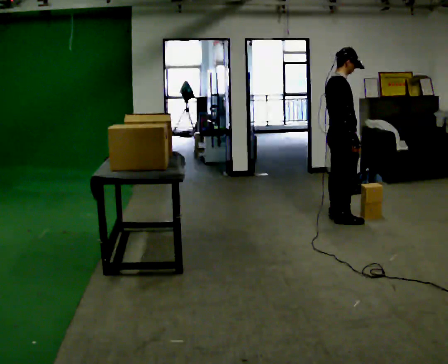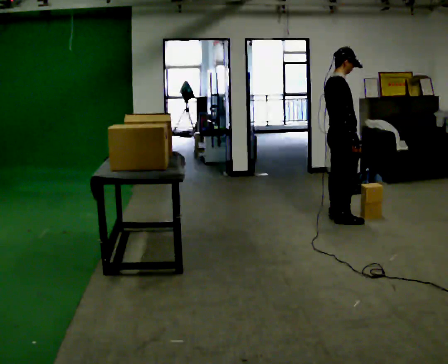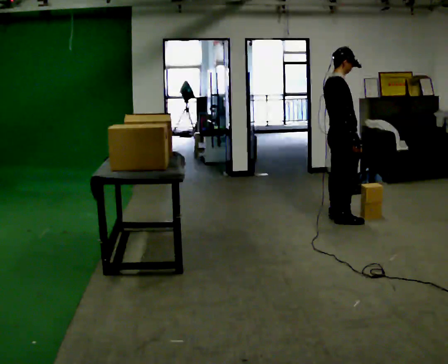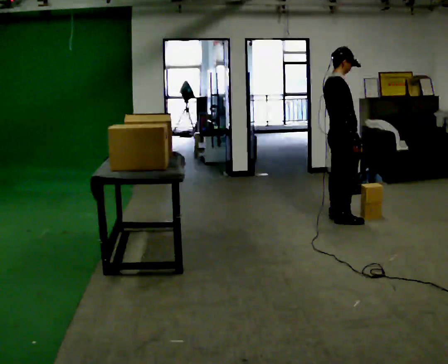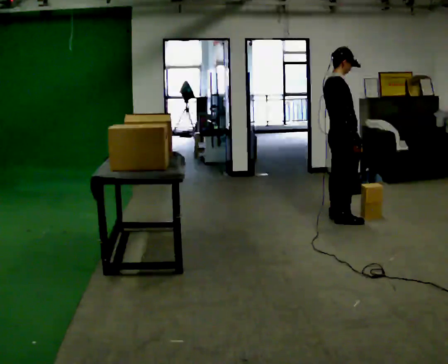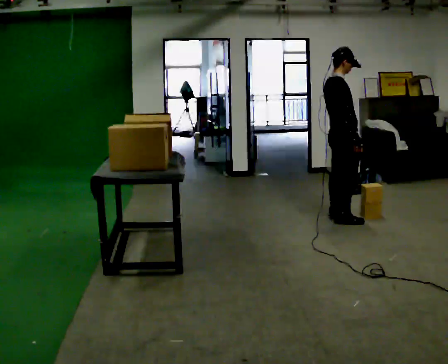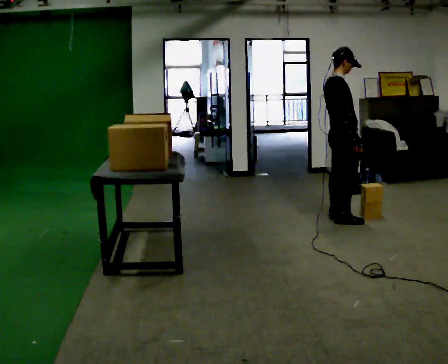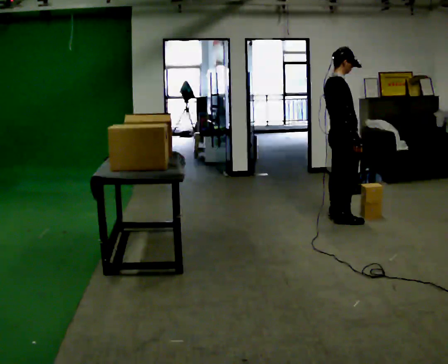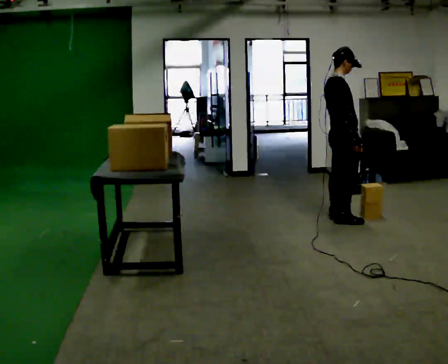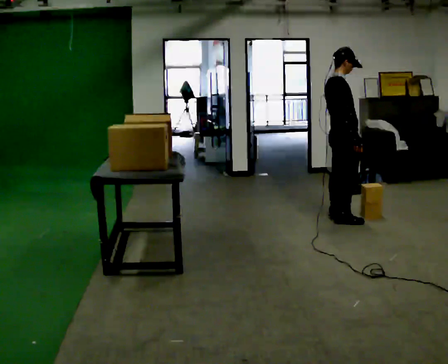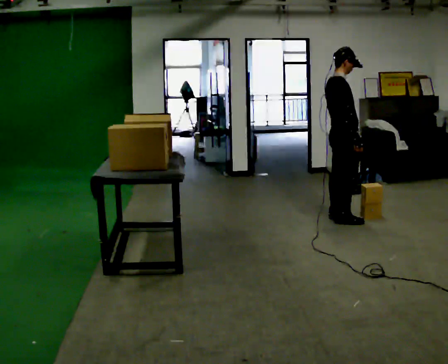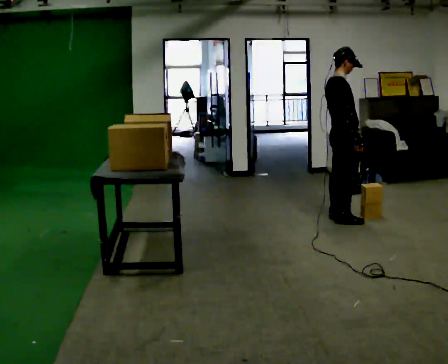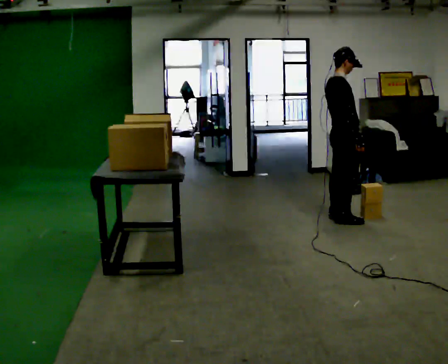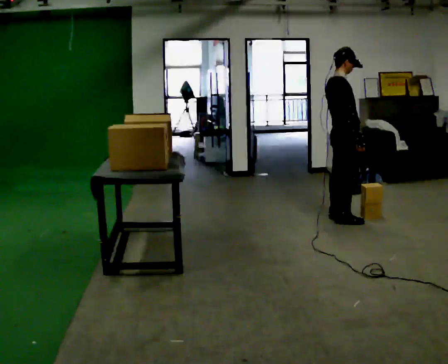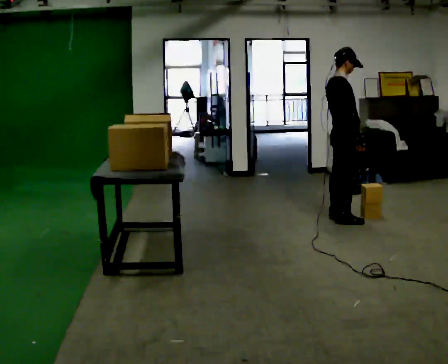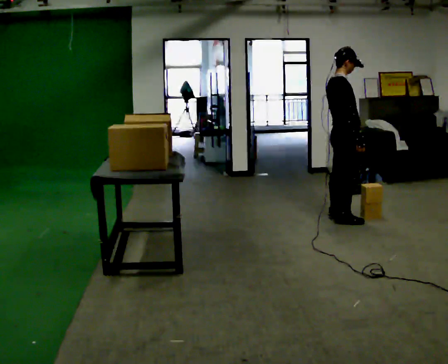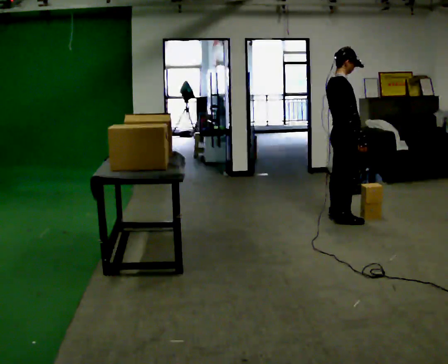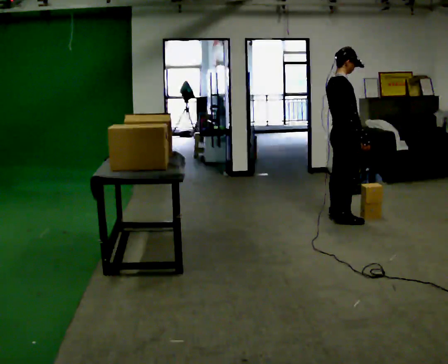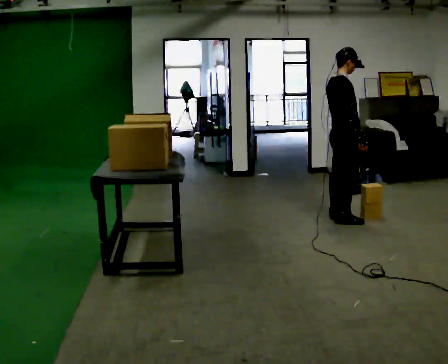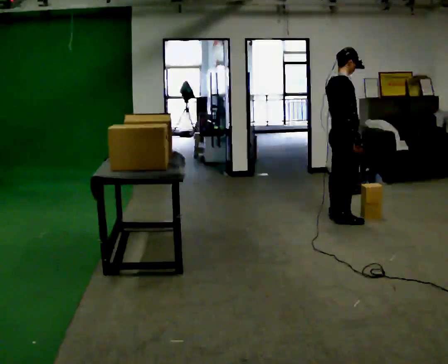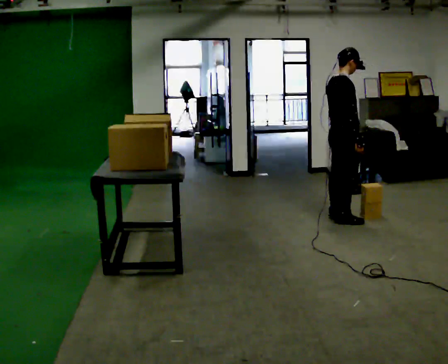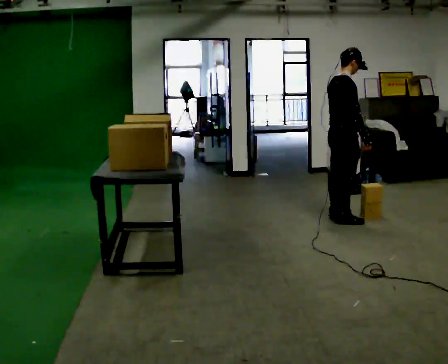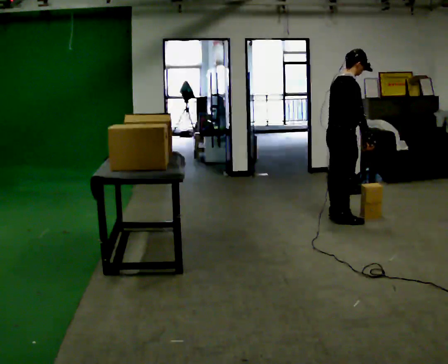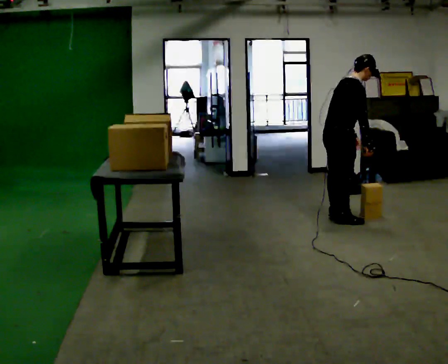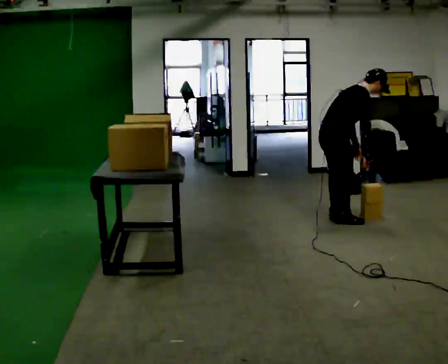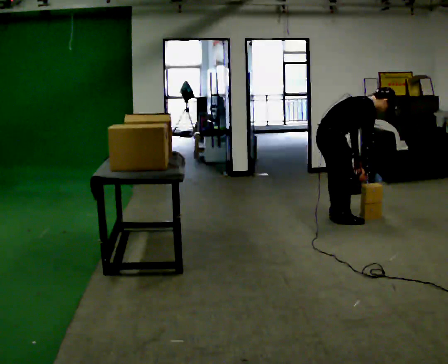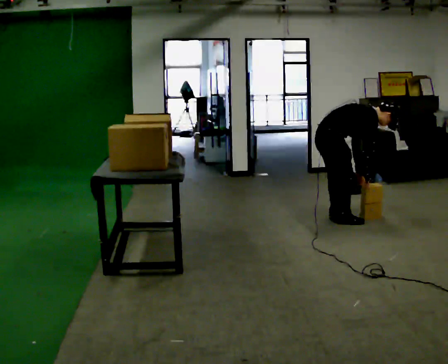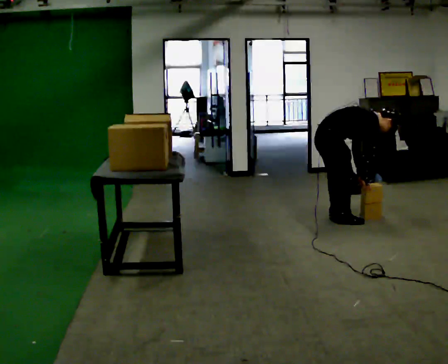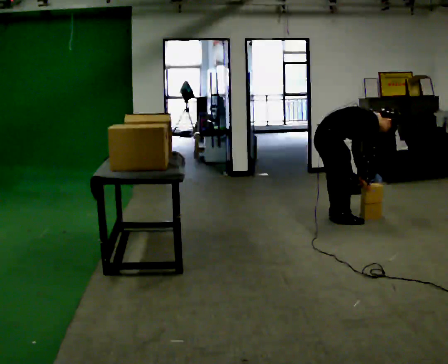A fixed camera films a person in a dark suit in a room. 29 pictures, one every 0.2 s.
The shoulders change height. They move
downward.
The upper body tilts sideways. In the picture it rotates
clockwise.
0.0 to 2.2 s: The person keeps their place and pose.
2.2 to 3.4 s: The person moves a little, or ends about where they began.
3.4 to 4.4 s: In the picture the upper body tilts clockwise, shoulders to the right, as they bend forward.
4.4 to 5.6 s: The upper body goes downward. In the picture the upper body tilts clockwise, shoulders to the right, as they bend forward. In the picture their right hand goes downward.
The film runs backward here.
